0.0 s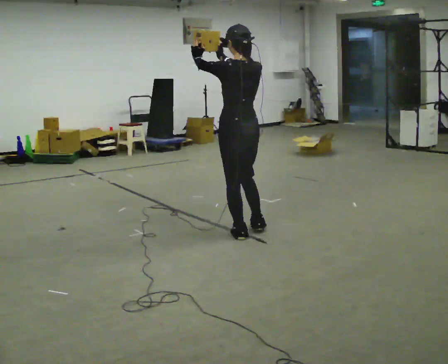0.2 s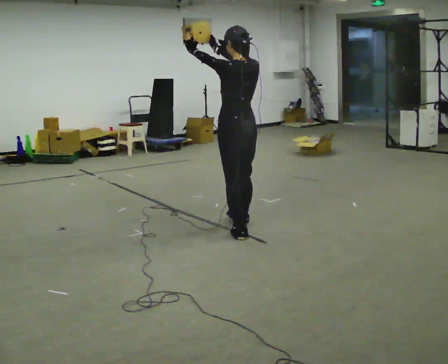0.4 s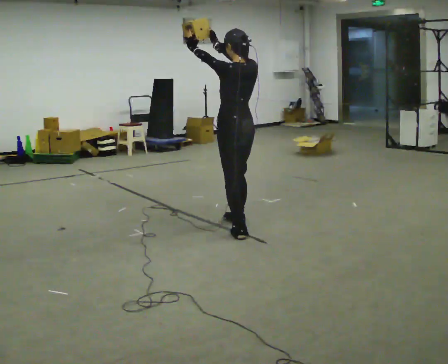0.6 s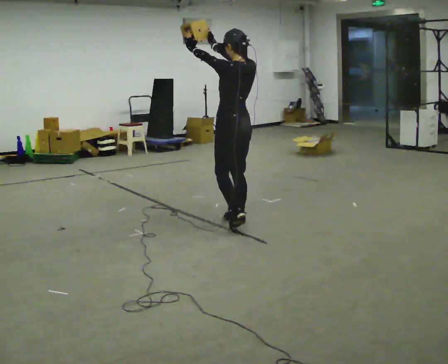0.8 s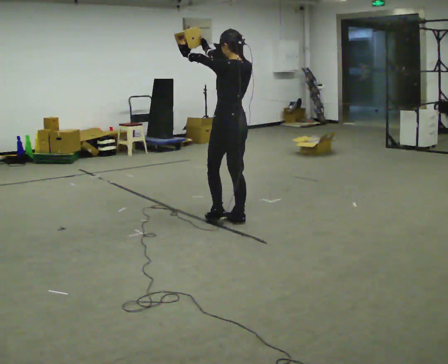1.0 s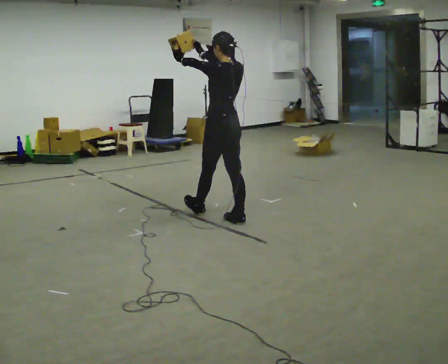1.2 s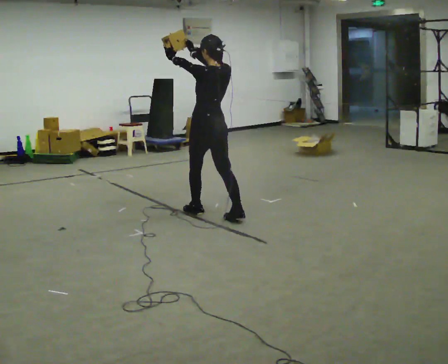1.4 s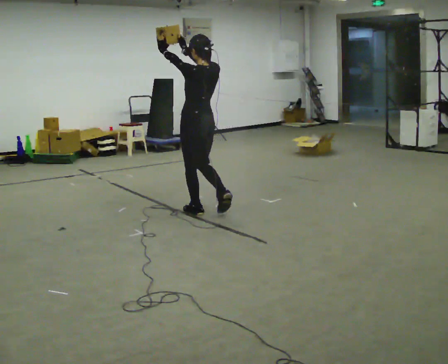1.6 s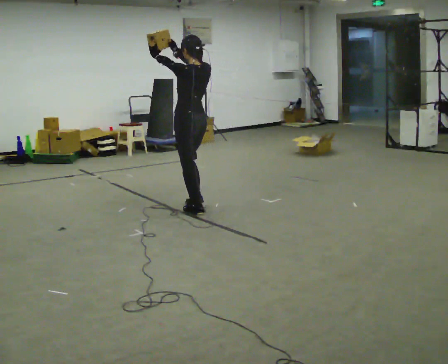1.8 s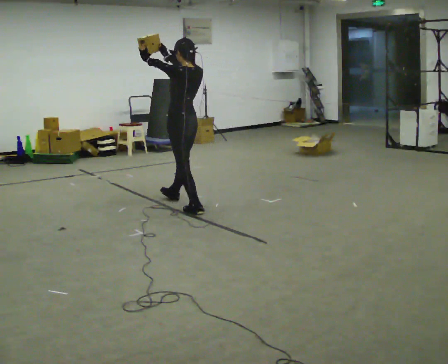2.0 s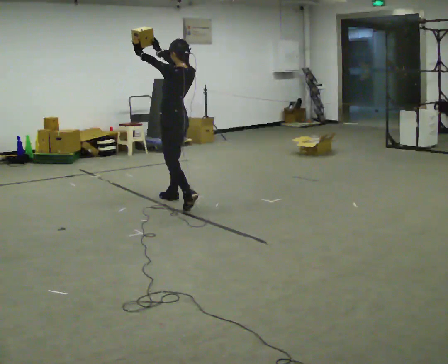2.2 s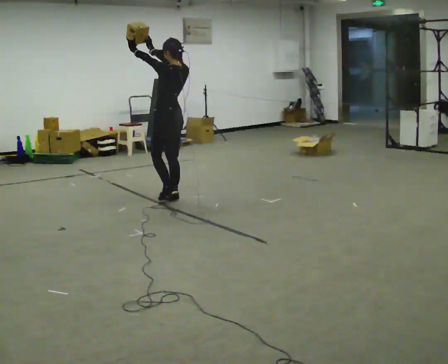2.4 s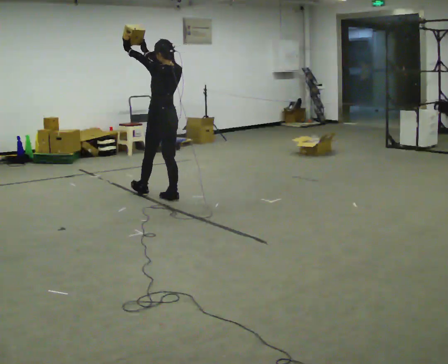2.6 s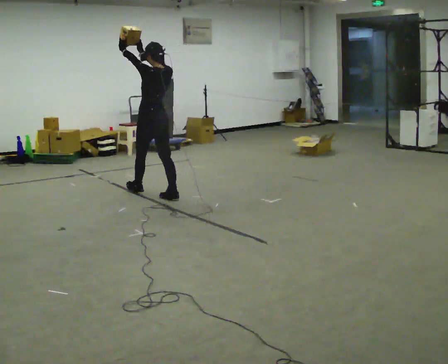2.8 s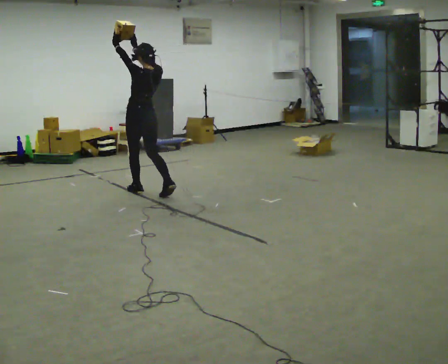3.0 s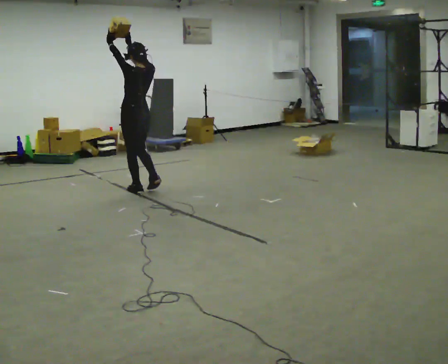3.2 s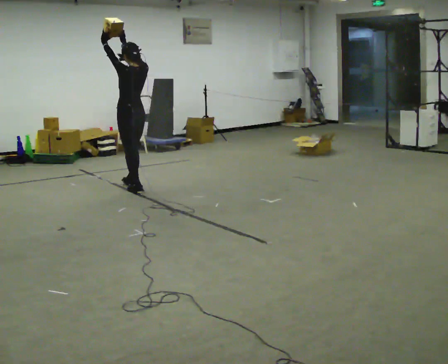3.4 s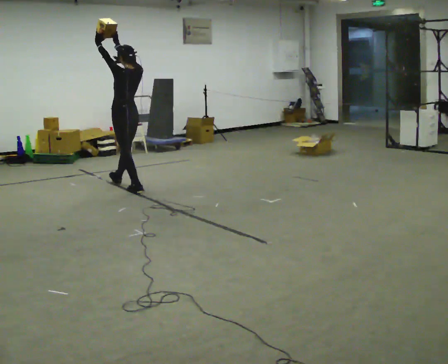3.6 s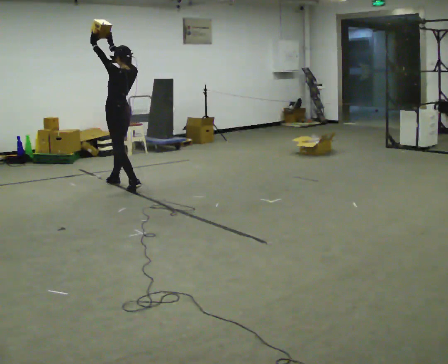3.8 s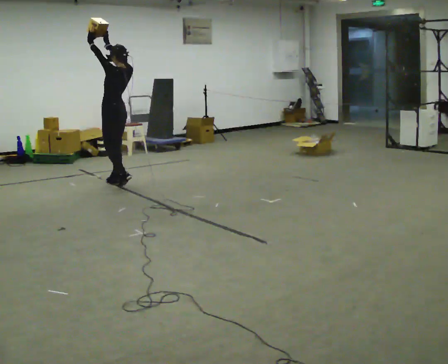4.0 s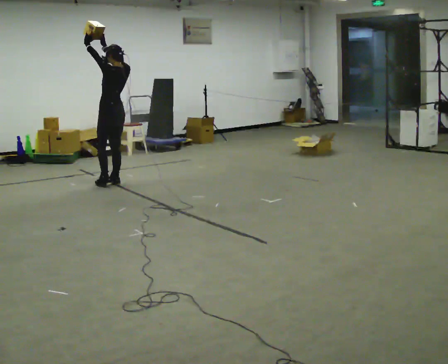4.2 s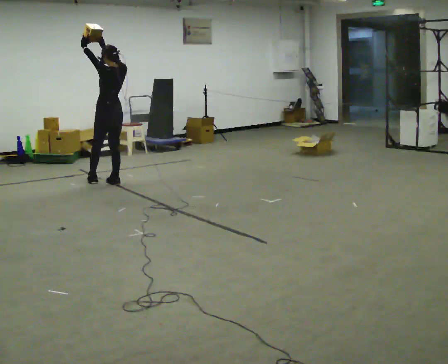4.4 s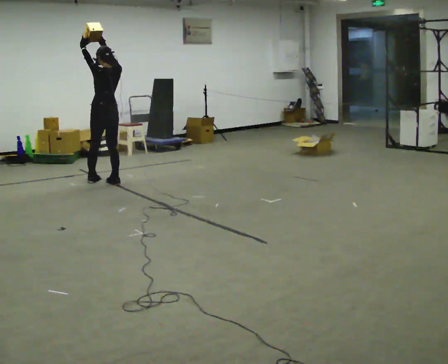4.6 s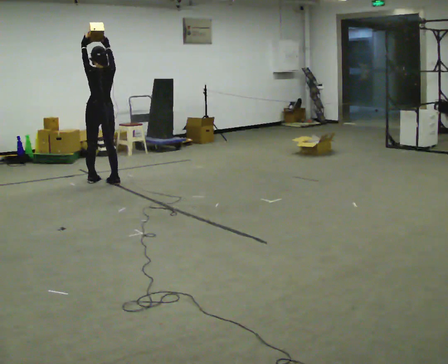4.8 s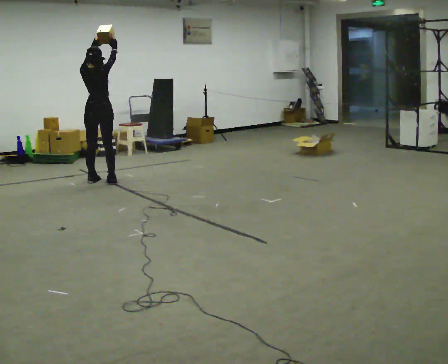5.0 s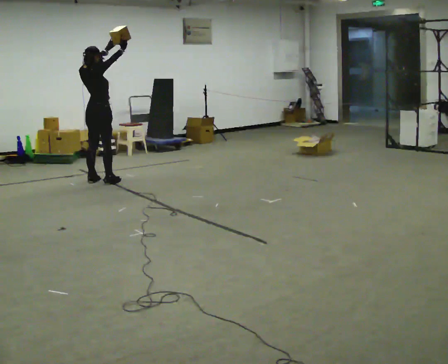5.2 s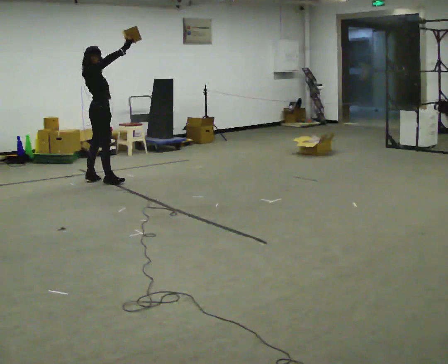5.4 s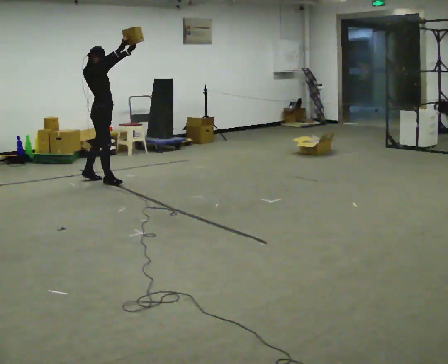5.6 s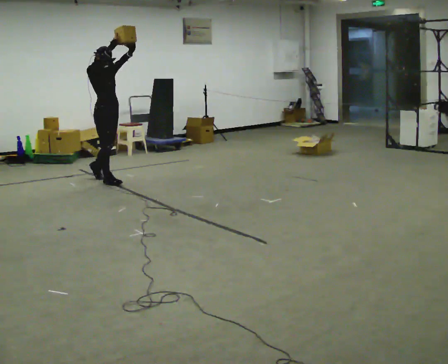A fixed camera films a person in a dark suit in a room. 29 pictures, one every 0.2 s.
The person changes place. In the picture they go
away from the camera.
0.0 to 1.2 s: In the picture they go away from the camera, about 0.5 m in 2 steps, which for them is forward.
1.2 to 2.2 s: In the picture they go away from the camera and to the left, about 0.75 m in 1 step, which for them is forward.
2.2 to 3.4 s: In the picture they go away from the camera and to the left, about 0.5 m in 2 steps, which for them is forward.
3.4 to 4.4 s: In the picture they go away from the camera and to the left, about 0.5 m in 1 step, which for them is forward.
4.4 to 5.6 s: Seen from above the body turns clockwise, about 165 degrees: to their right, with its near side sliding to the left. The upper body tips away from the camera, its near side rolling upward. In the picture their left hand goes to the right.
The film runs forward here.
